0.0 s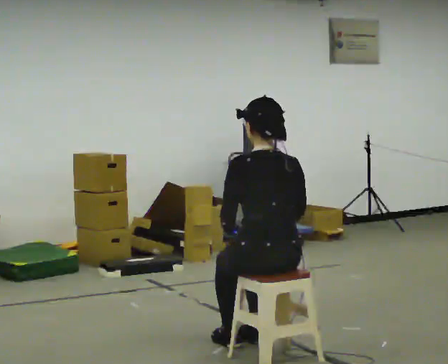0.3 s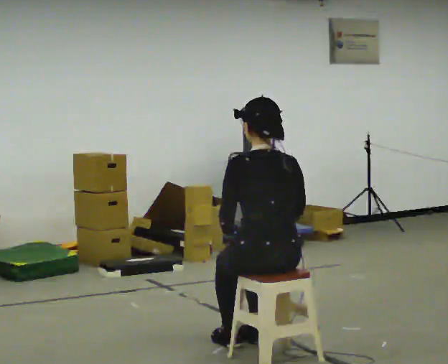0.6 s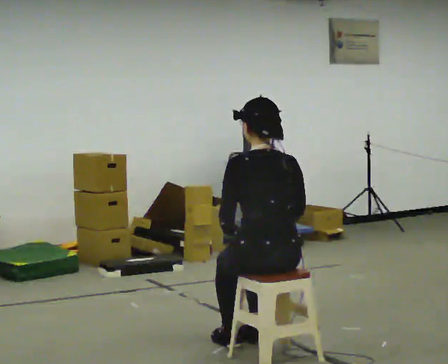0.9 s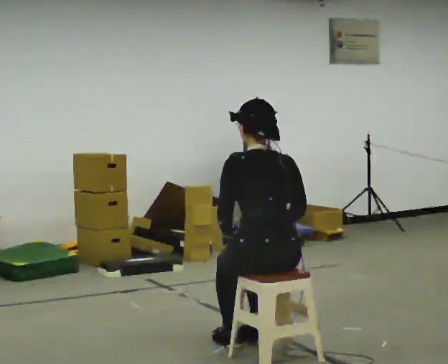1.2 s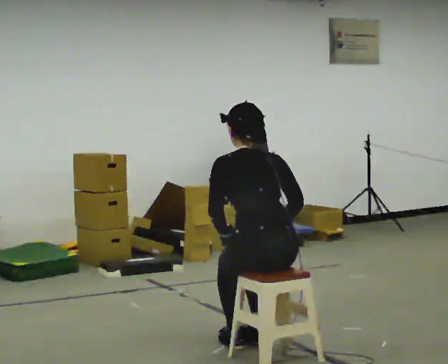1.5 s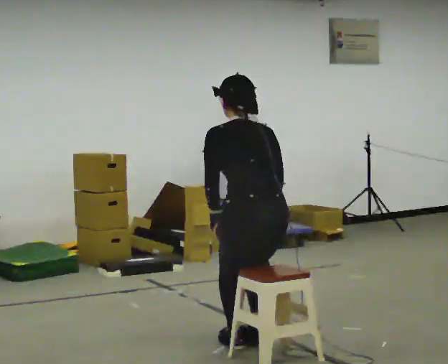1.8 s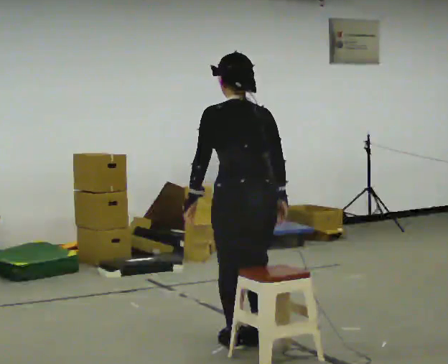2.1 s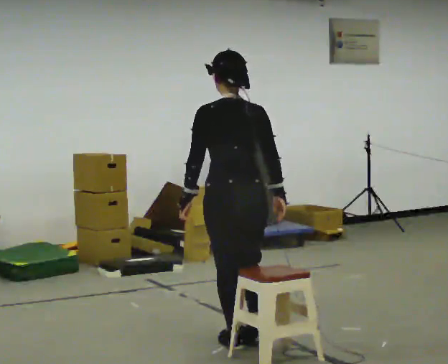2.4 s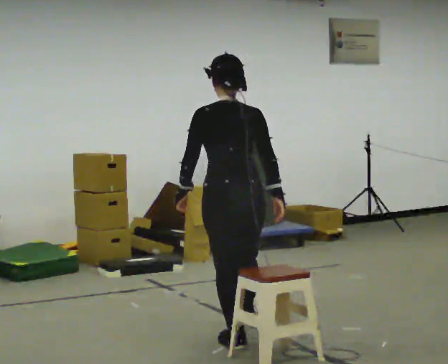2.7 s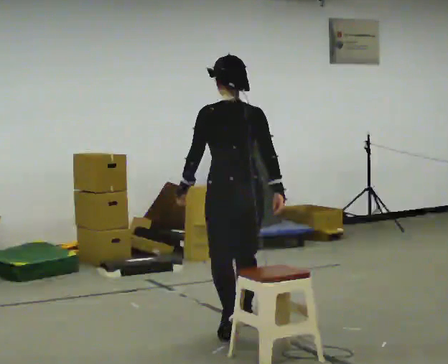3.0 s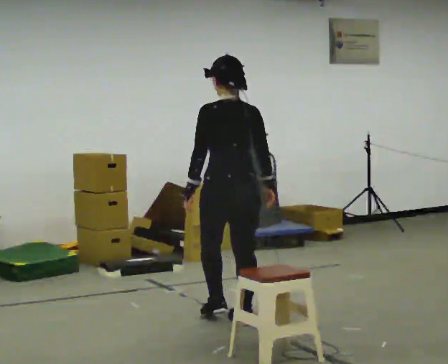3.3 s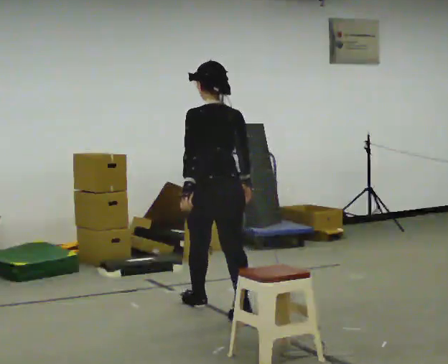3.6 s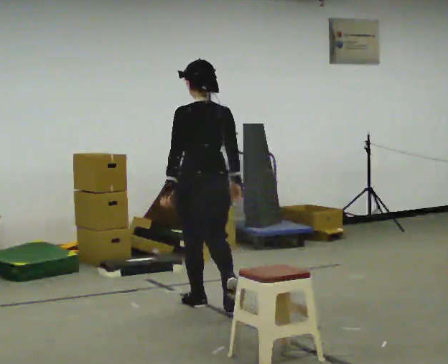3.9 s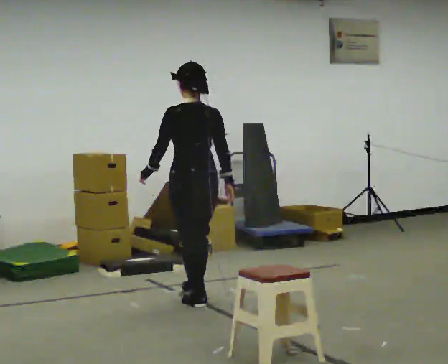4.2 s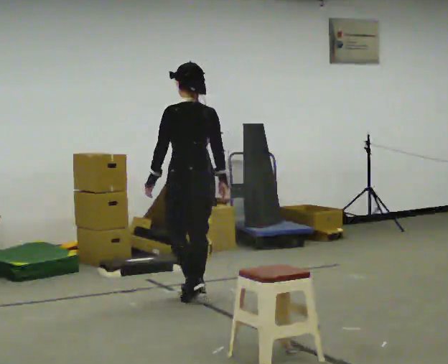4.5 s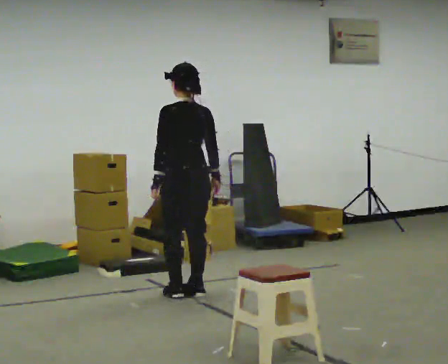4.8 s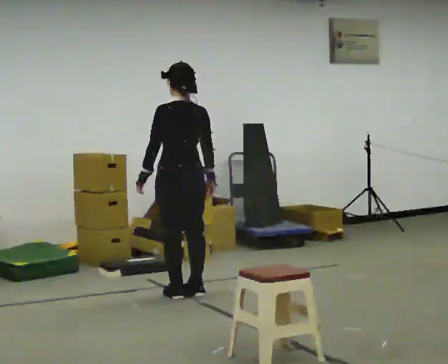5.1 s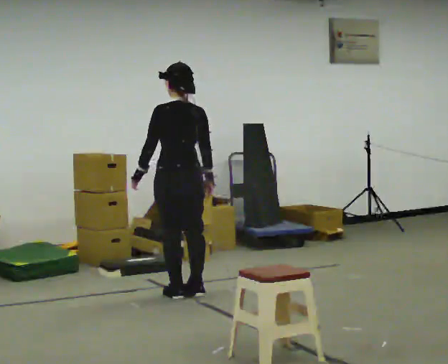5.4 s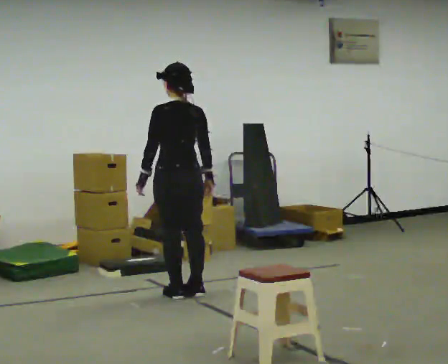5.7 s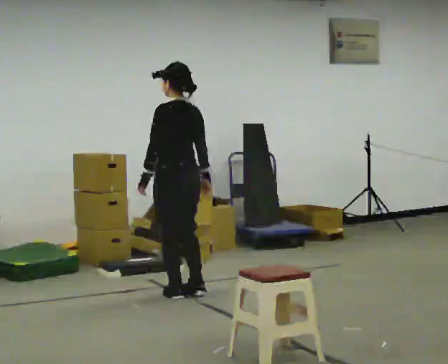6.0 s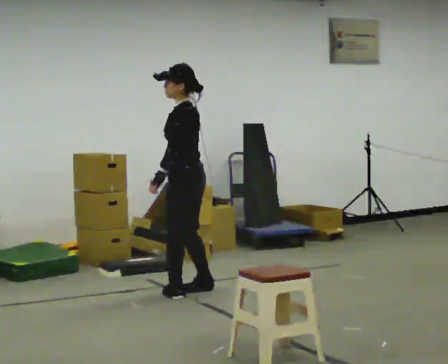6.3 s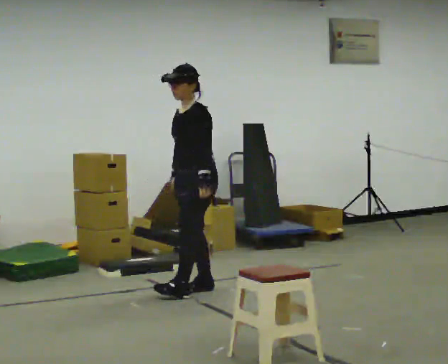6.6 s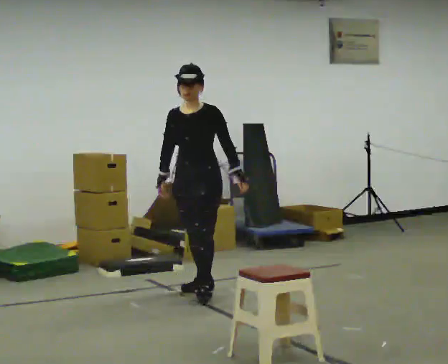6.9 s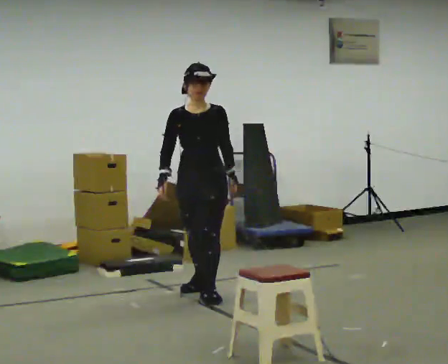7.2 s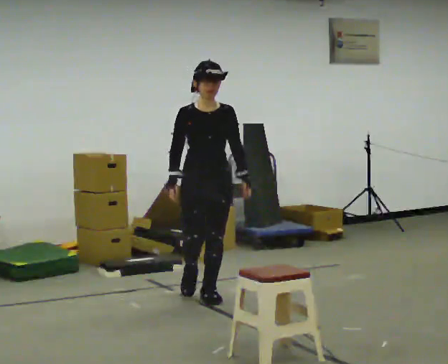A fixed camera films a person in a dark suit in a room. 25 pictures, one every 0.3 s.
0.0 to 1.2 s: The upper body tips away from the camera, its near side rolling upward, as they bend forward.
1.2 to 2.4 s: In the picture they go away from the camera, about 0.5 m, which for them is forward. The upper body goes upward. The upper body tips toward the camera, its near side rolling downward, as they lean back or straighten.
2.4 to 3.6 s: In the picture they go away from the camera, about 1 m in 2 steps, which for them is forward.
3.6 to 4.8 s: In the picture they go away from the camera, about 0.5 m in 2 steps, which for them is forward.
4.8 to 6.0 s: Seen from above the body turns counterclockwise, about 60 degrees: to their left, with its near side sliding to the right.
6.0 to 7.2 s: The person turns about 105 degrees to their left, counterclockwise seen from above, so the part of the body nearest the lens slides to the right. In the picture they go toward the camera, about 0.25 m in 1 step.
The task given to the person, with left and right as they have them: Walk to chair; sit ~2 s; stand; walk away.
The film runs forward here.
